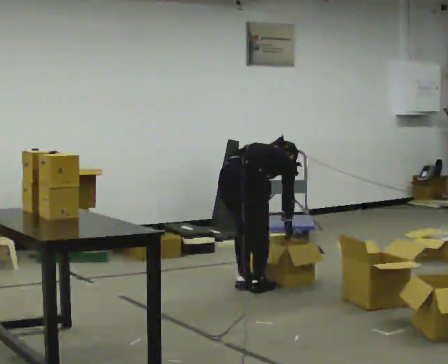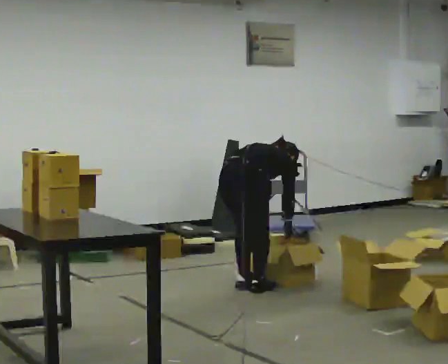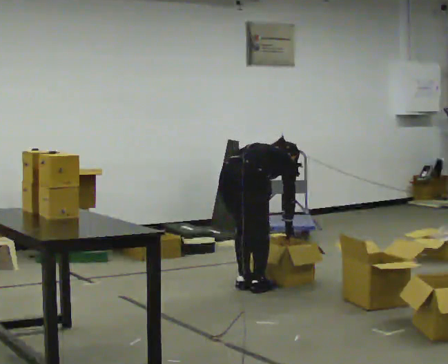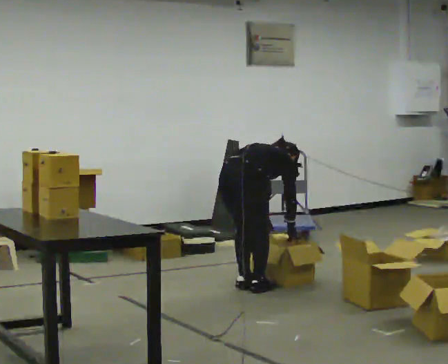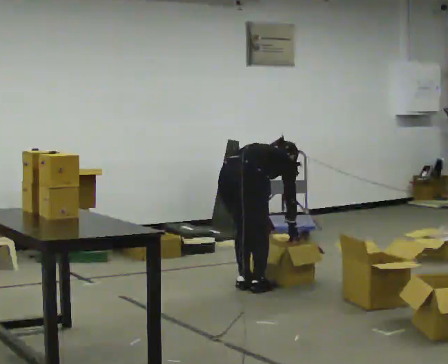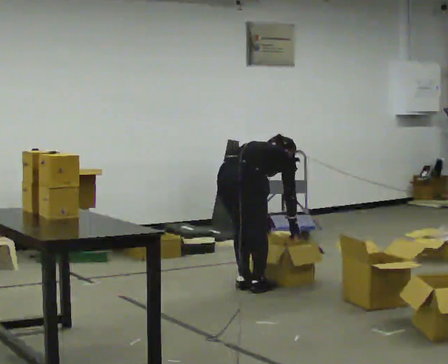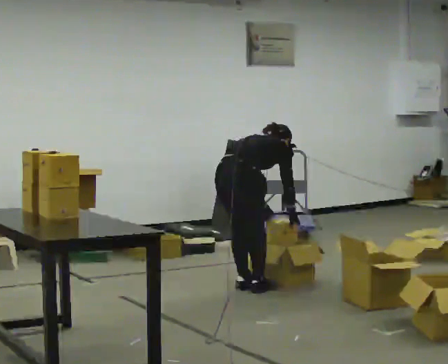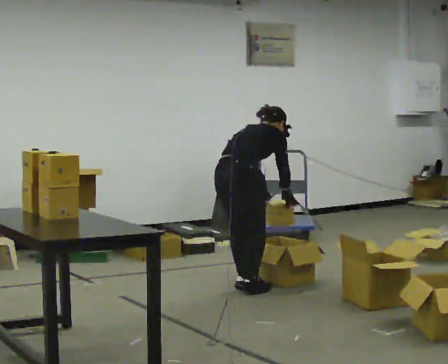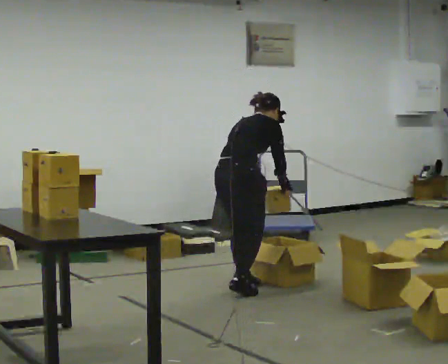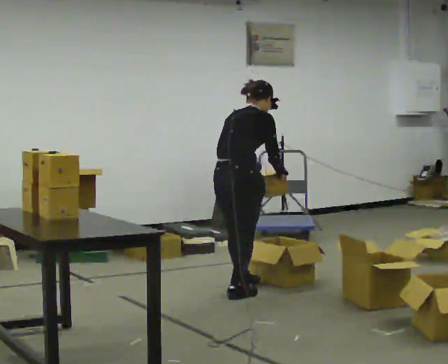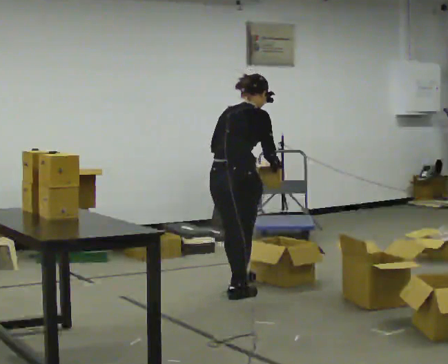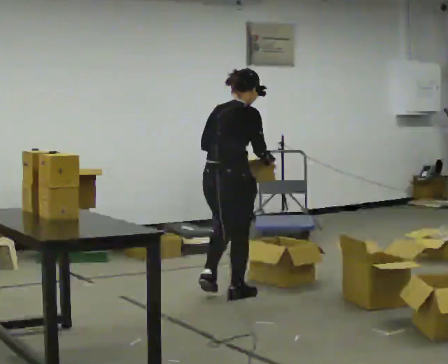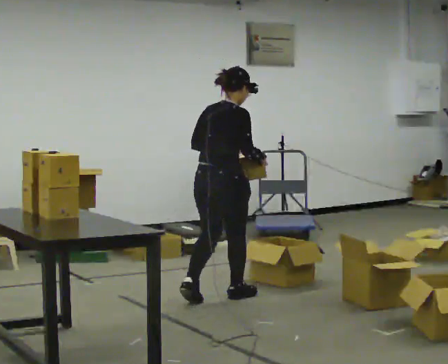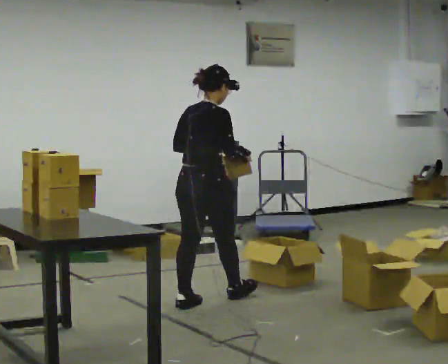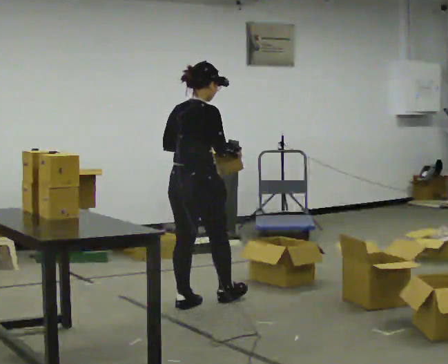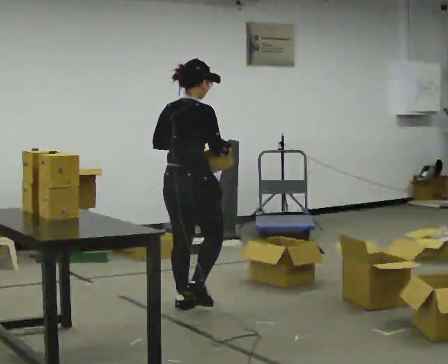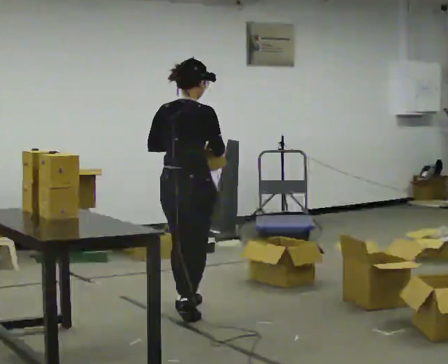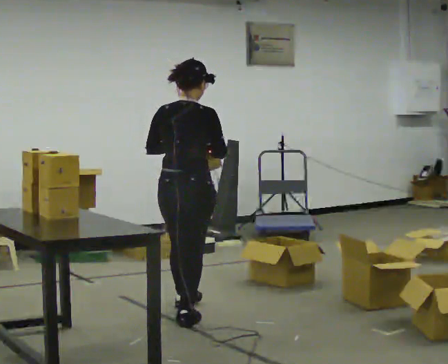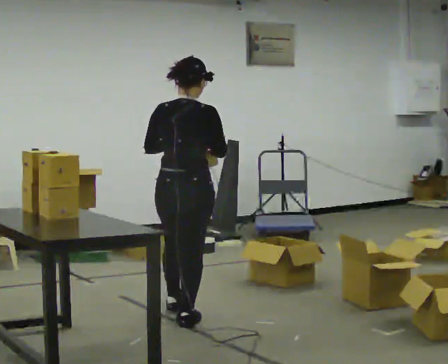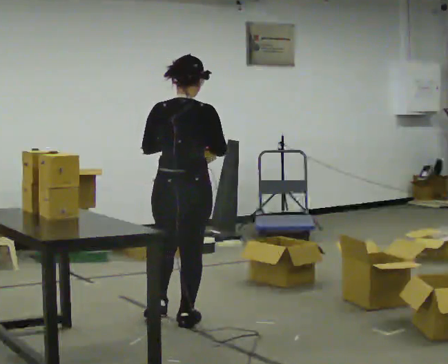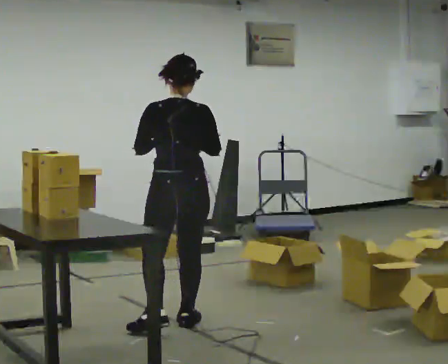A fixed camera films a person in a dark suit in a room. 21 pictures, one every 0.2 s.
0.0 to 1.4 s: The shoulders move upward. The upper body tips toward the camera, its near side rolling downward, as they lean back or straighten.
1.4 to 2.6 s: In the picture they go toward the camera and to the left, about 0.5 m in 1 step, which for them is backward. The upper body goes upward. The upper body tips toward the camera, its near side rolling downward, as they lean back or straighten. In the picture their right hand goes upward.
2.6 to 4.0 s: The part of the body nearest the lens slides to the right as the person turns to their left by about 45 degrees. In the picture they go toward the camera, about 0.5 m in 2 steps, which for them is backward.
The film runs backward here.
